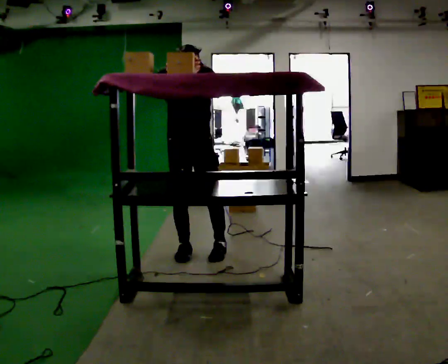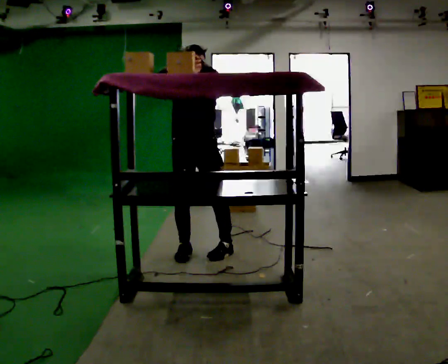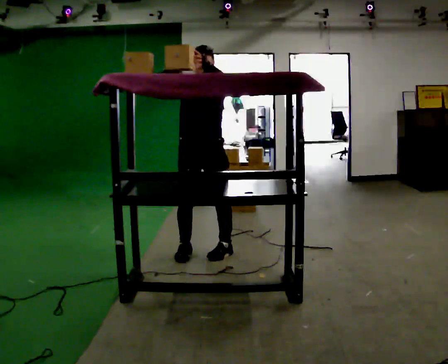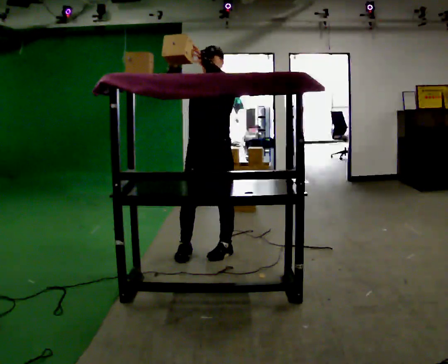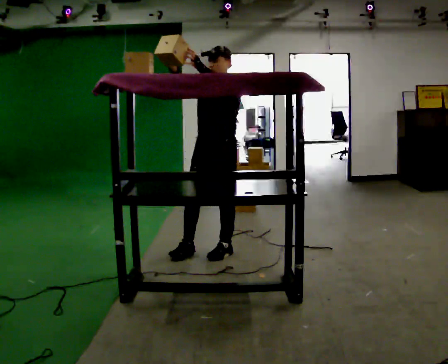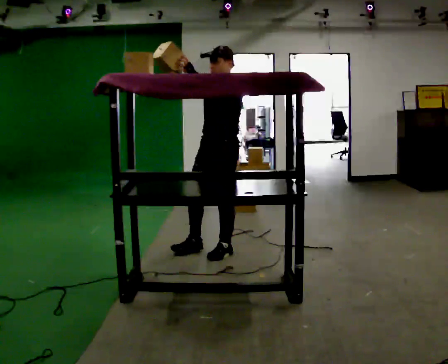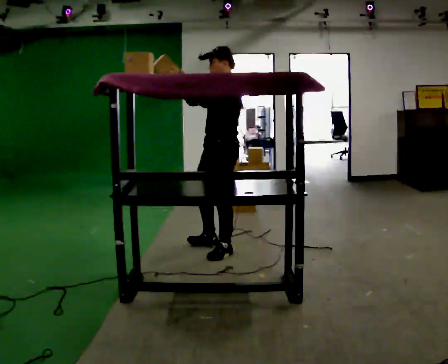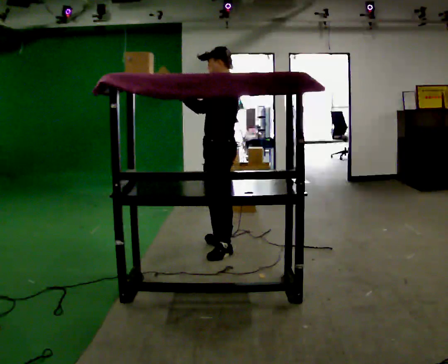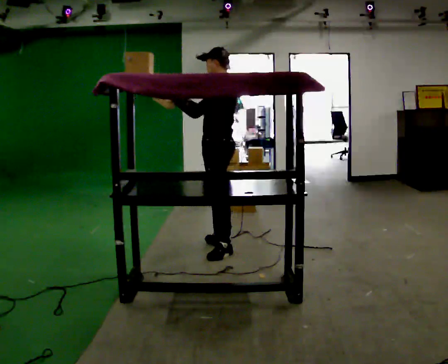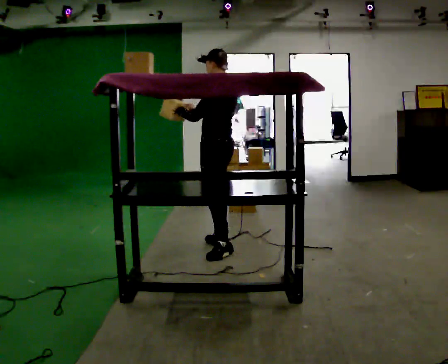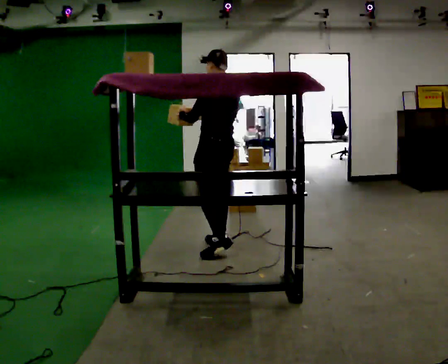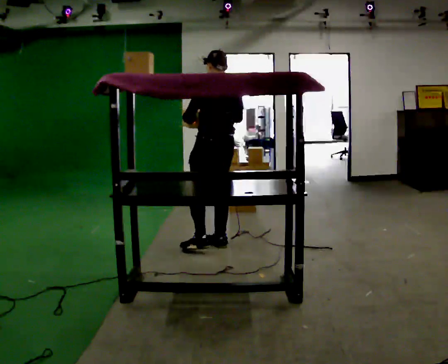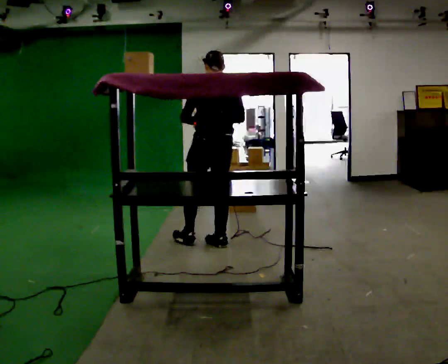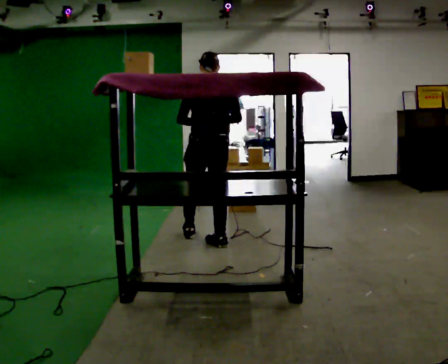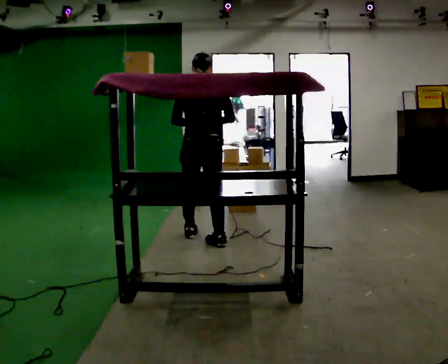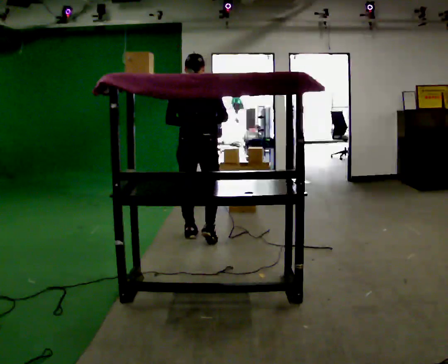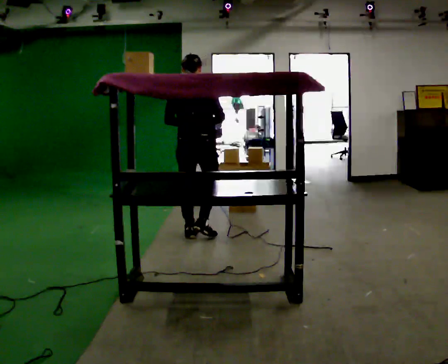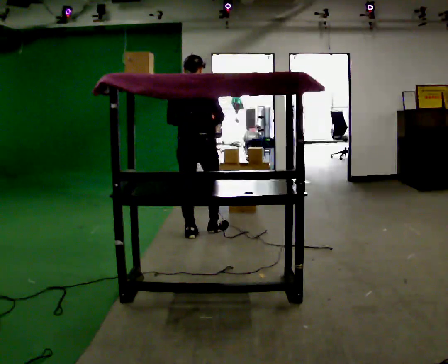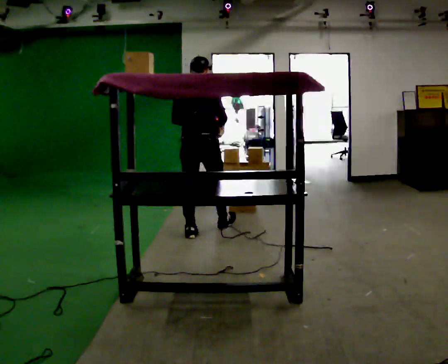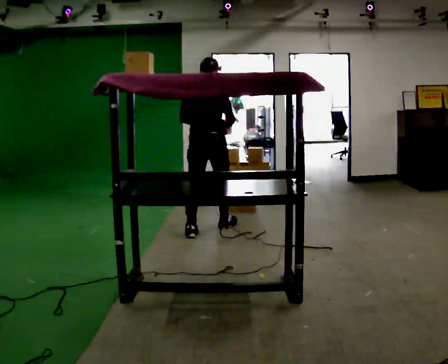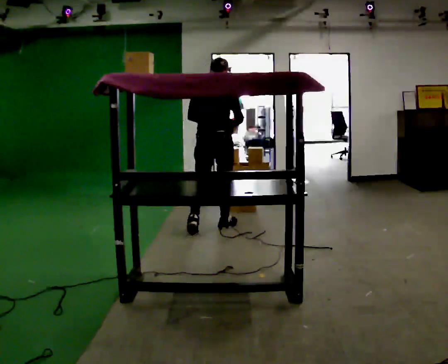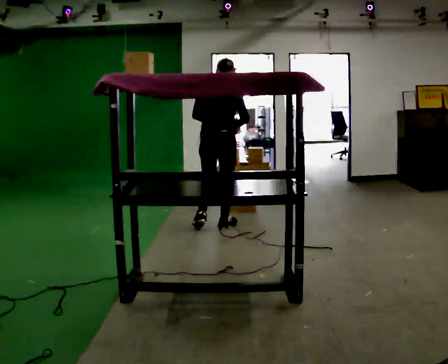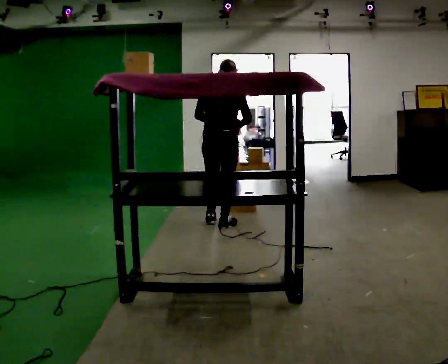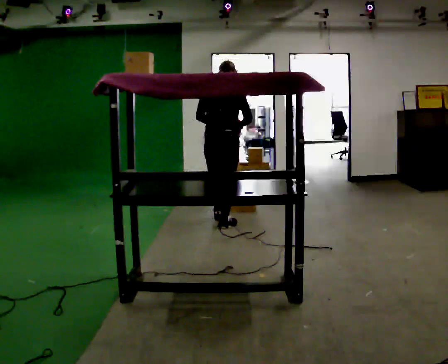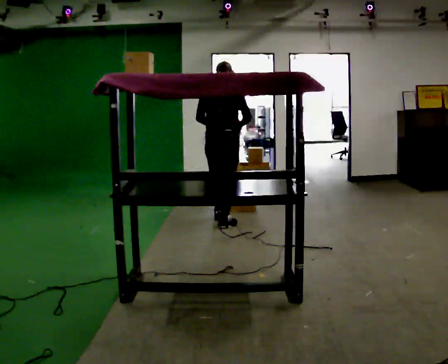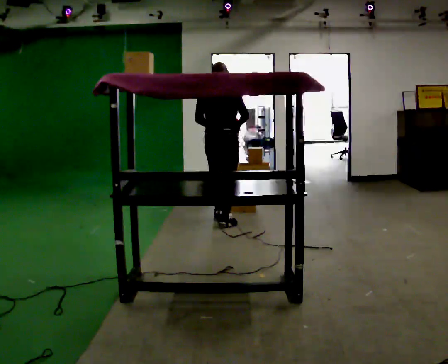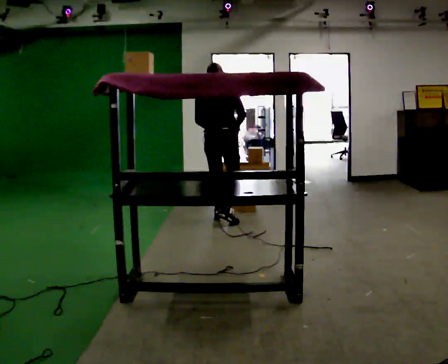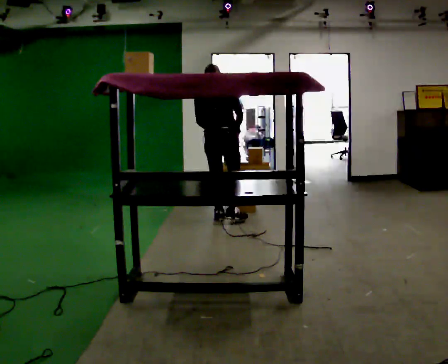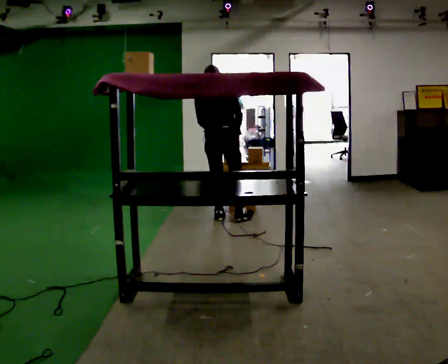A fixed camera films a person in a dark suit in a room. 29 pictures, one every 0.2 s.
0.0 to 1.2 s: Seen from above the body turns clockwise, about 75 degrees: to their right, with its near side sliding to the left. In the picture they go to the right, about 0.25 m.
1.2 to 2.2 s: The person turns about 75 degrees to their right, clockwise seen from above, so the part of the body nearest the lens slides to the left. In the picture they go away from the camera, about 0.25 m in 1 step. In the picture their right hand goes to the right.
2.2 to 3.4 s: The part of the body nearest the lens slides to the left as the person turns to their right by about 45 degrees. In the picture they go away from the camera and to the left, about 0.5 m in 1 step, which for them is forward and to their left.
3.4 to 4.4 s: In the picture they go away from the camera and to the right, about 0.5 m in 1 step, which for them is forward.
4.4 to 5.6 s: In the picture they go away from the camera, about 0.25 m in 1 step, which for them is forward.
The film runs forward here.
